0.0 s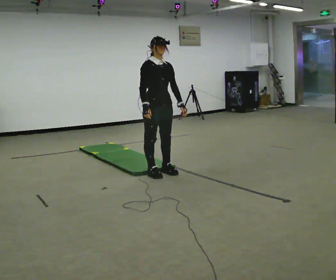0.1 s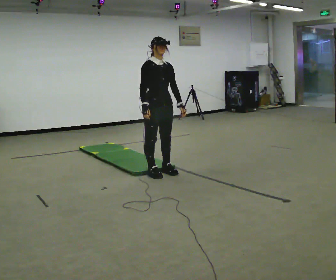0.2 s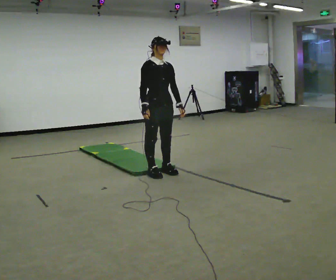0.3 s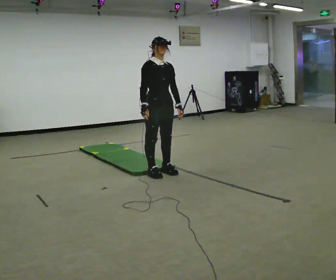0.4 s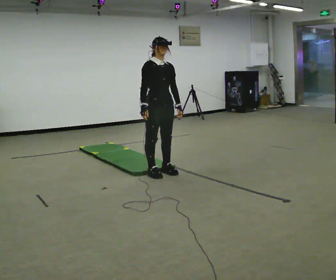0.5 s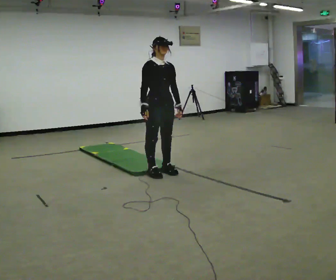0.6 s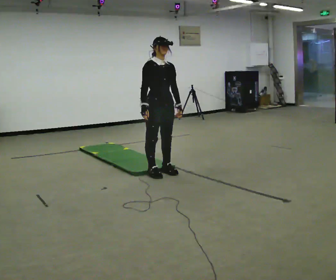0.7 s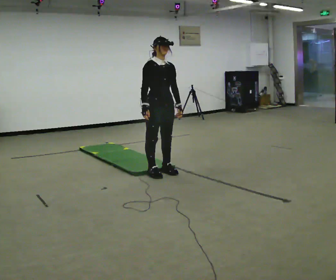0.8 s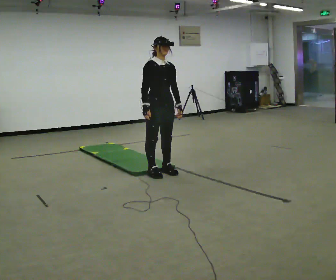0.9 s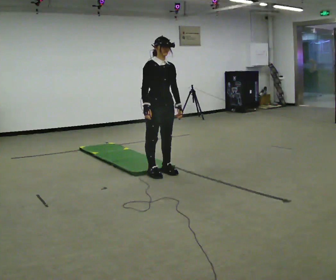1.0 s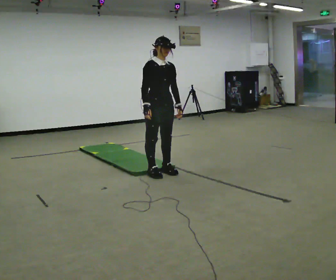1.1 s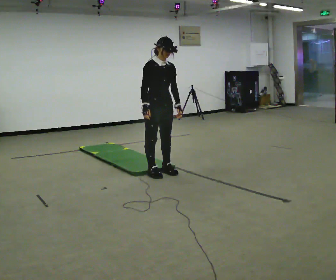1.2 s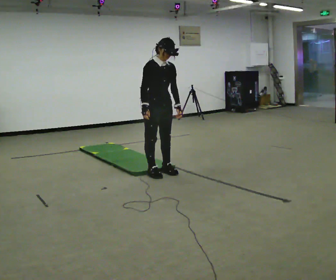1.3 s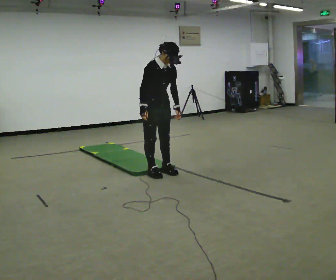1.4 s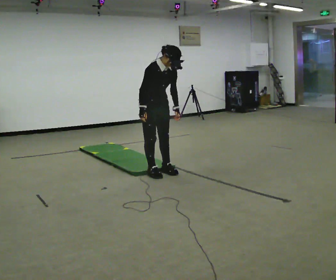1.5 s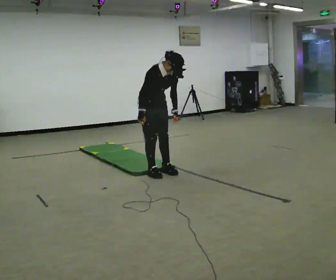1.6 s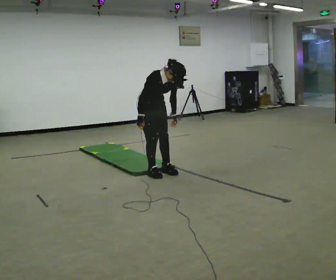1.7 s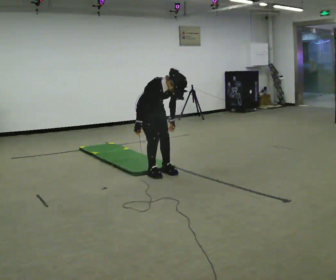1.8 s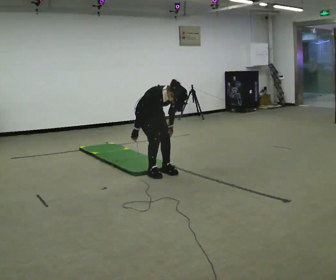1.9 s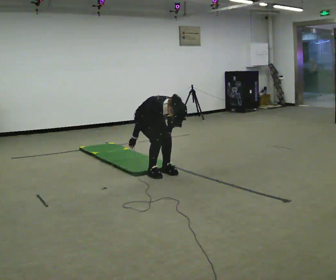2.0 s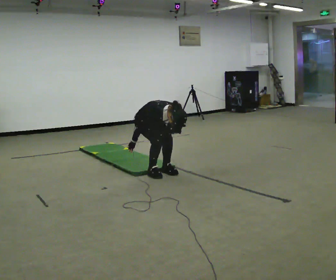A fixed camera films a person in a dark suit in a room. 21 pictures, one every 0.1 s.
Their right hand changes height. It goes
downward.
Their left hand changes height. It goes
downward.
0.0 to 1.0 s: The person moves a little, or ends about where they began.
1.0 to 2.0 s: In the picture they go away from the camera, about 0.25 m, which for them is backward. The upper body goes downward. The upper body tips toward the camera, its near side rolling downward, as they bend forward. In the picture their left hand goes downward.
The film runs forward here.
